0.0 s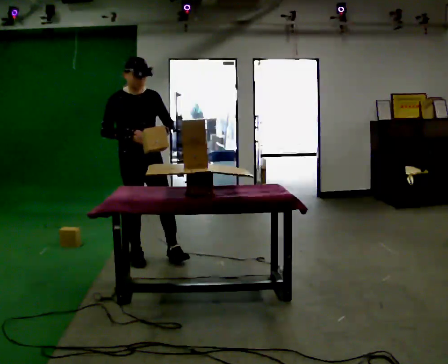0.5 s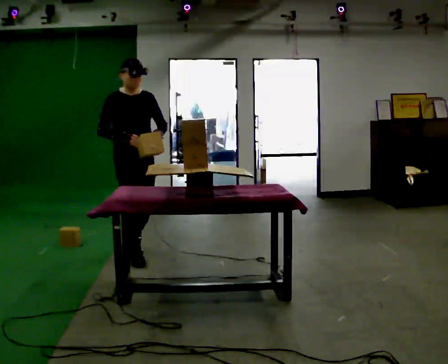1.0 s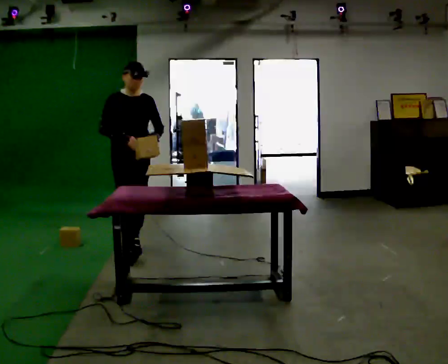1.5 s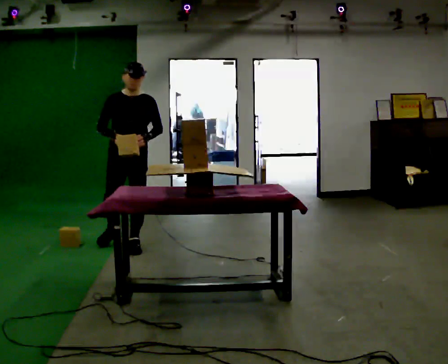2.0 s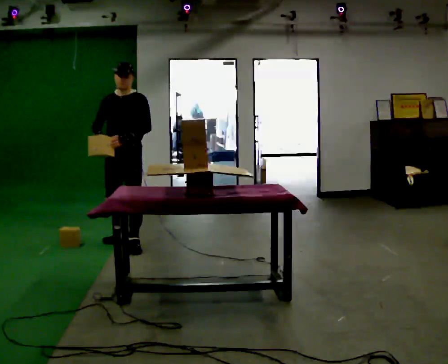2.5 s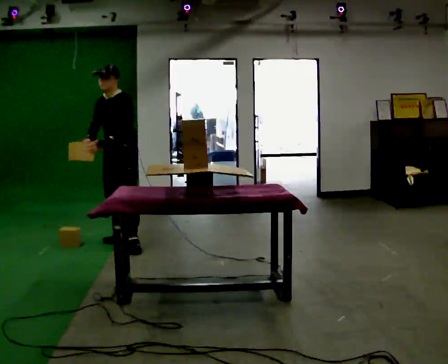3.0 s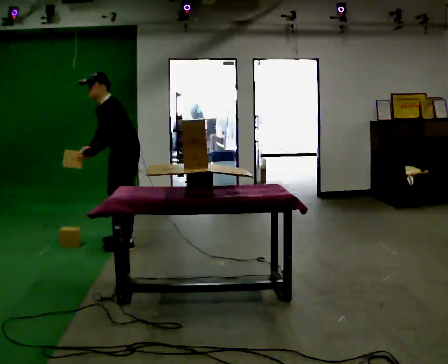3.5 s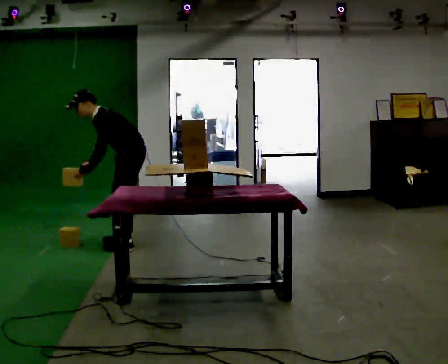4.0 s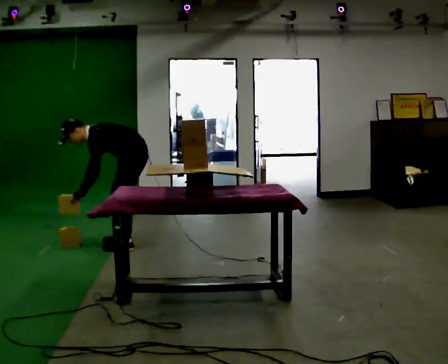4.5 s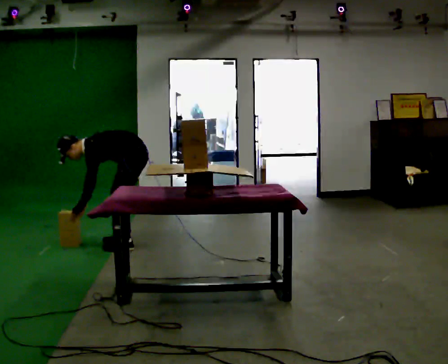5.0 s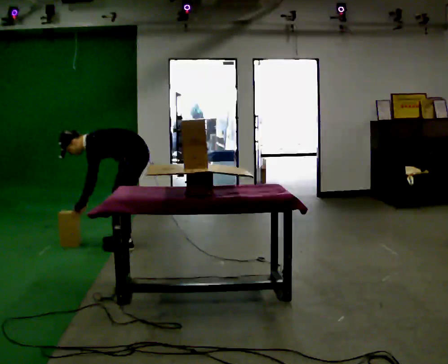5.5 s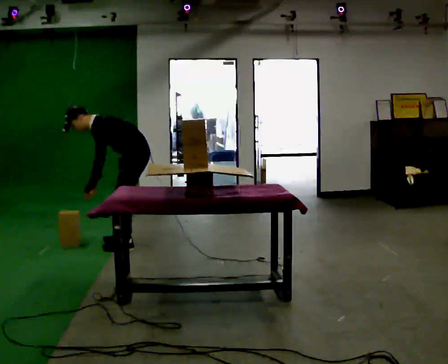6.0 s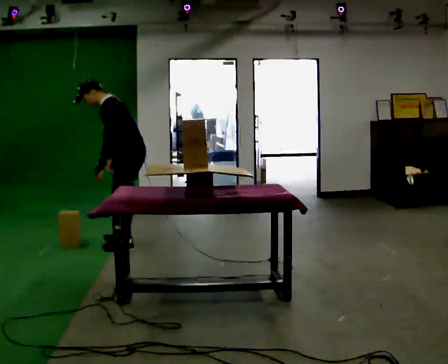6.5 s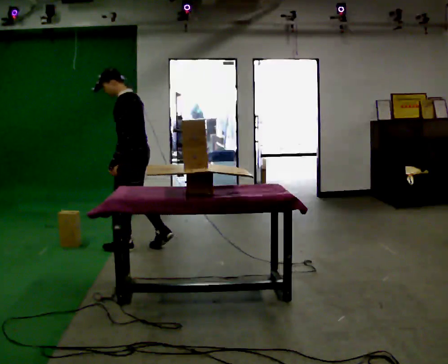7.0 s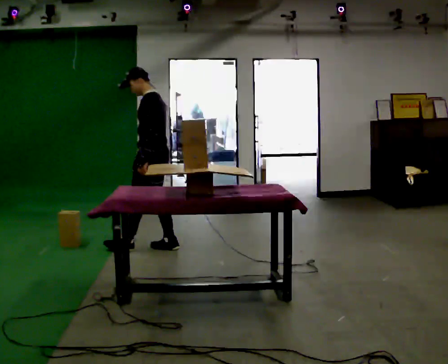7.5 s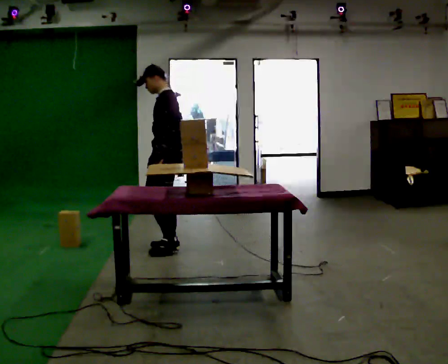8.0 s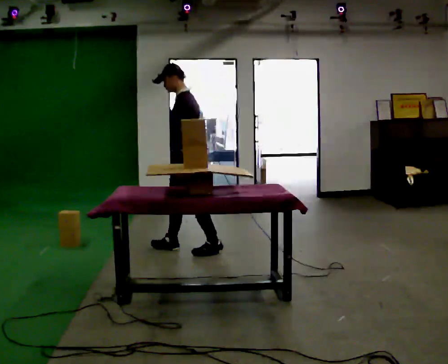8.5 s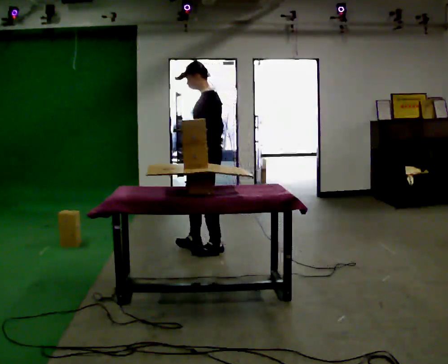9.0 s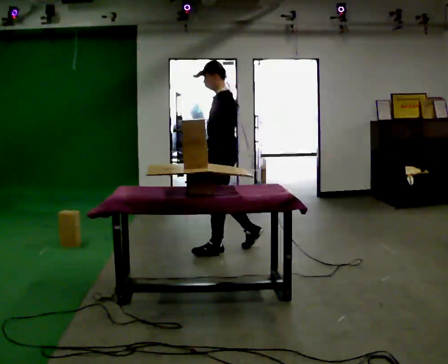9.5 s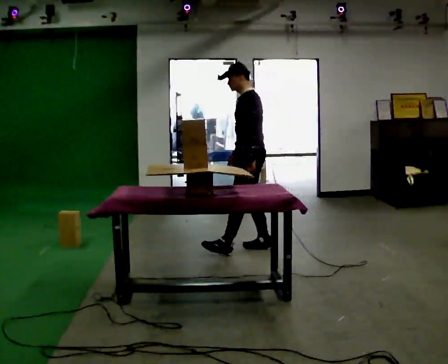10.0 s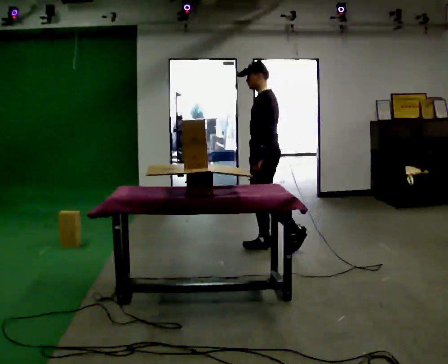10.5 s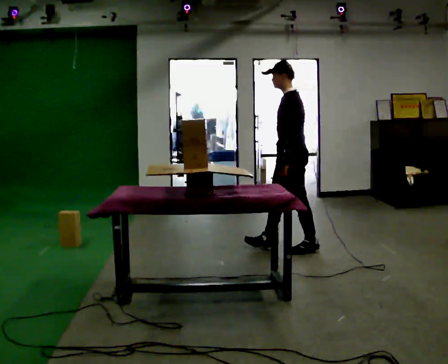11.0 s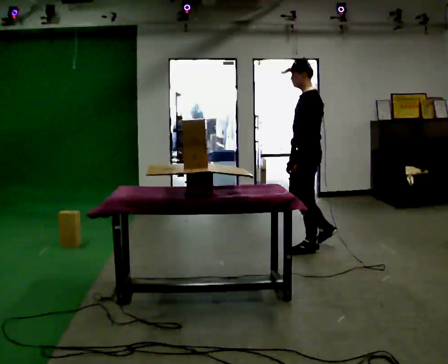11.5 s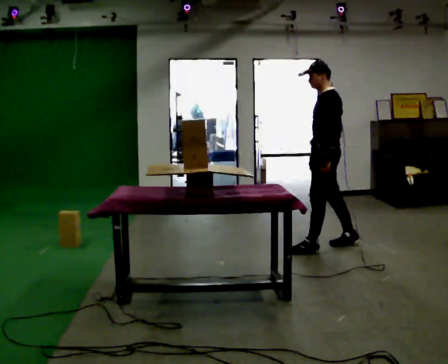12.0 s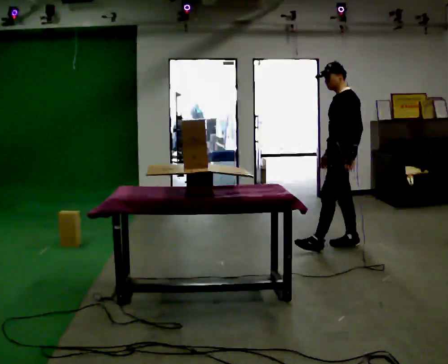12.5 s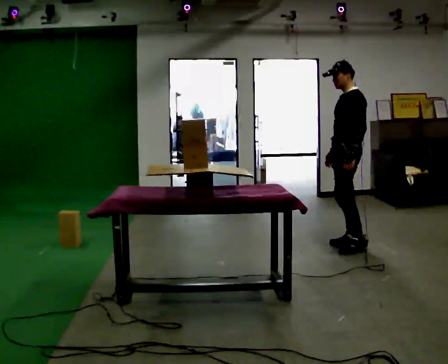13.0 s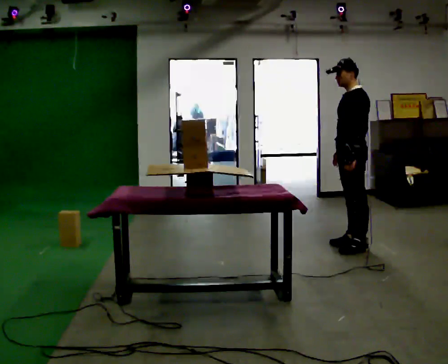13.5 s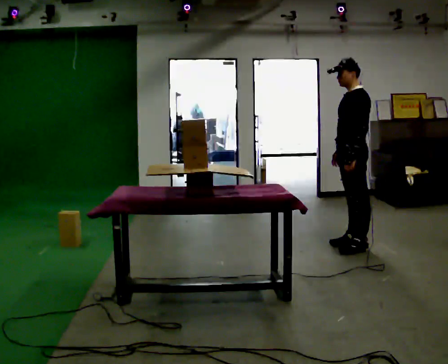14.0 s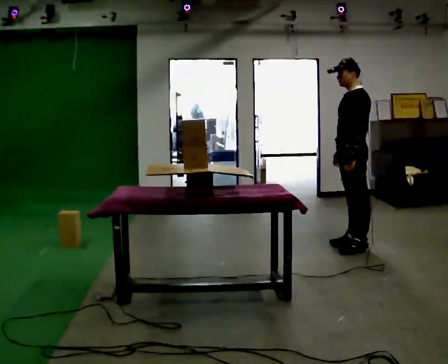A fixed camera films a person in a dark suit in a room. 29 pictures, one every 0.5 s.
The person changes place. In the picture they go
to the right.
0.0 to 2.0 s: The part of the body nearest the lens slides to the left as the person turns to their right by about 45 degrees. In the picture they go away from the camera, about 0.5 m in 1 step, which for them is backward.
2.0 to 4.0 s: The part of the body nearest the lens slides to the left as the person turns to their right by about 45 degrees. The upper body goes downward. In the picture the upper body tilts counterclockwise, shoulders to the left, as they bend forward. In the picture their right hand goes downward.
4.0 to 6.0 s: In the picture they go toward the camera, about 0.25 m, which for them is to their left.
6.0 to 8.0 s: In the picture they go to the right, about 0.5 m in 2 steps, which for them is backward. In the picture the upper body tilts clockwise, shoulders to the right, as they lean back or straighten.
8.0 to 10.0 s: In the picture they go to the right, about 0.5 m in 2 steps, which for them is backward.
10.0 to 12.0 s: In the picture they go to the right, about 0.5 m in 2 steps, which for them is backward.
12.0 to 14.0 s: The person moves a little, or ends about where they began.
The film runs backward here.
